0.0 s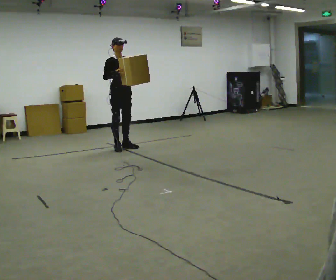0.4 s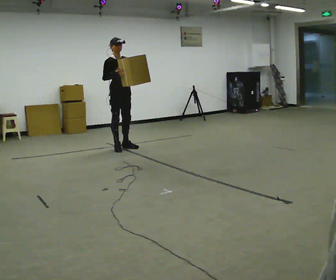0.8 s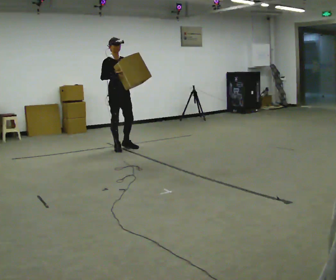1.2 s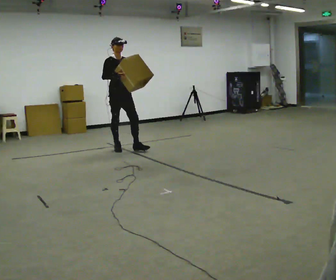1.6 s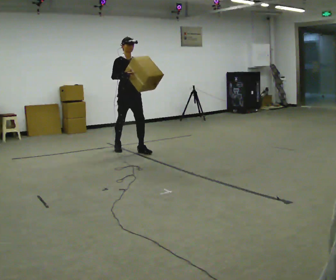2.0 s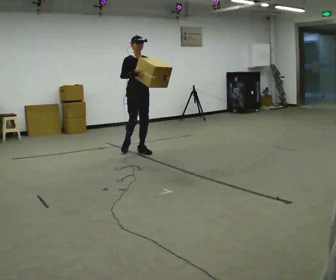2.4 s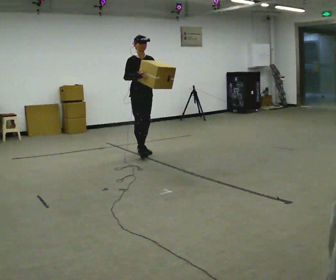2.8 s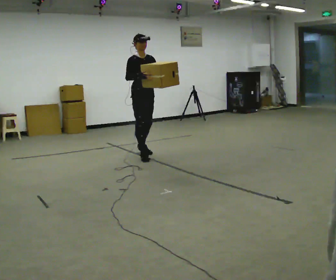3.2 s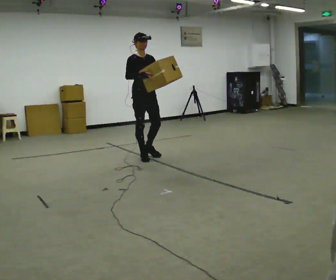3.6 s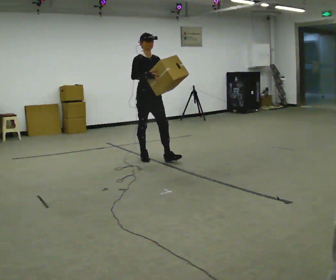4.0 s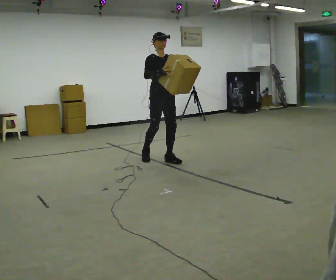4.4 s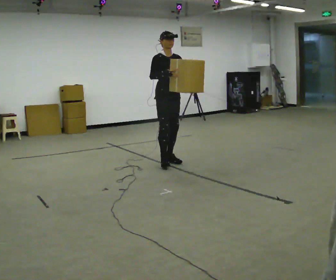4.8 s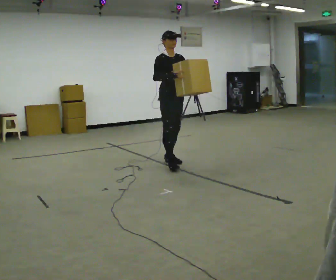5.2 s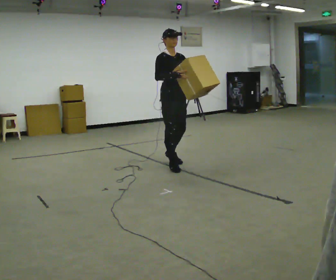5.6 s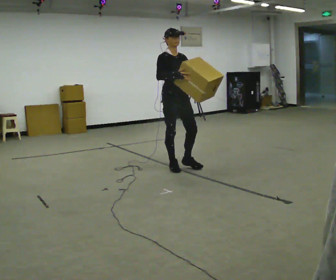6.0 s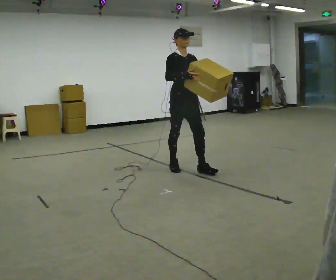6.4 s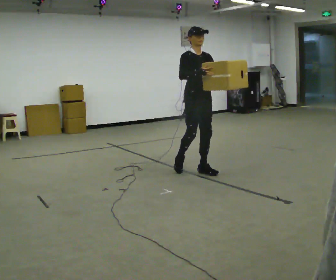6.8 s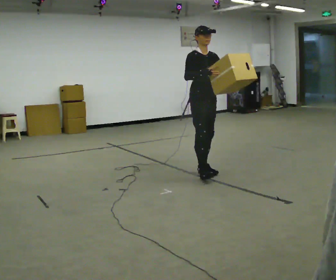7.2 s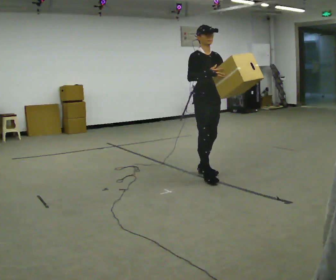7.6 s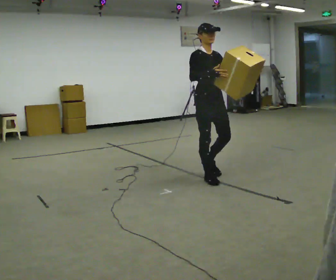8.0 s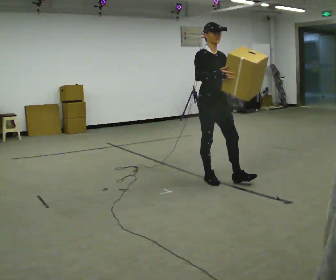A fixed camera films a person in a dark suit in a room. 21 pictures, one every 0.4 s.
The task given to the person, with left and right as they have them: Carry the object and, while walking, turn it over in your hands to look at all sides of it. Keep turning it as you walk.
0.0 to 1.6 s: In the picture they go toward the camera and to the right, about 0.25 m in 1 step, which for them is forward.
1.6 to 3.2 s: In the picture they go toward the camera and to the right, about 0.5 m in 1 step, which for them is forward.
3.2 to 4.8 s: In the picture they go to the right and toward the camera, about 0.5 m in 2 steps, which for them is forward.
4.8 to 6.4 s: In the picture they go toward the camera and to the right, about 0.5 m in 1 step, which for them is forward.
6.4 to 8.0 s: In the picture they go toward the camera, about 0.5 m in 1 step, which for them is forward and to their right.
The film runs forward here.
